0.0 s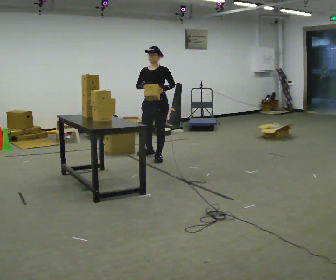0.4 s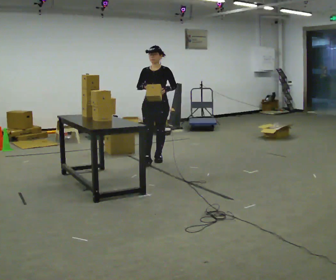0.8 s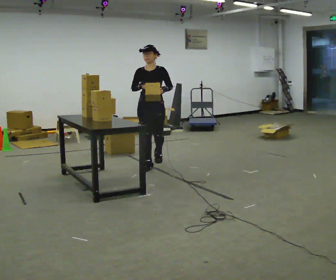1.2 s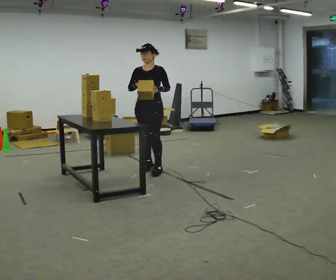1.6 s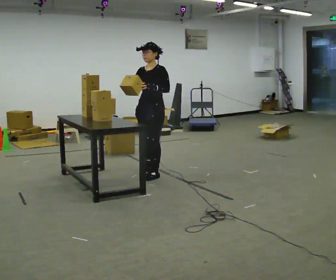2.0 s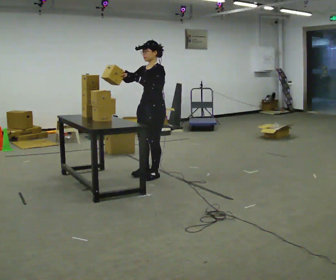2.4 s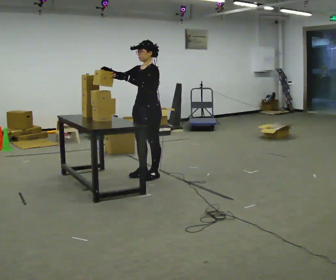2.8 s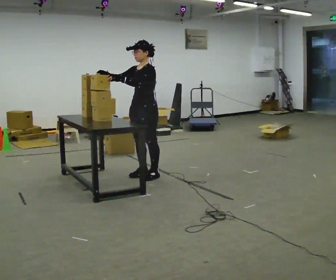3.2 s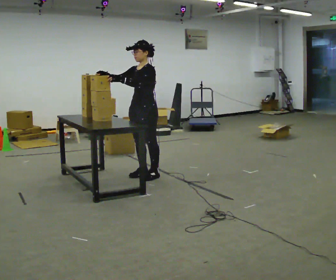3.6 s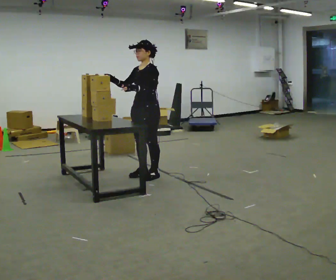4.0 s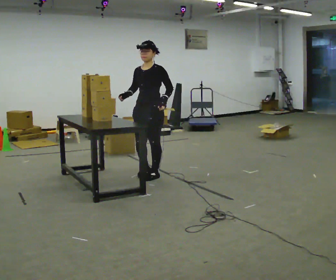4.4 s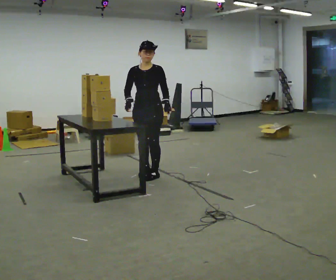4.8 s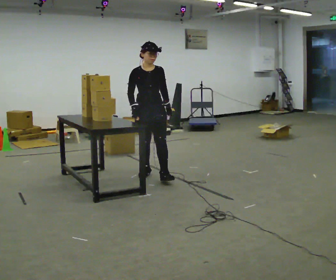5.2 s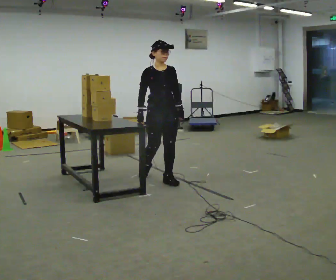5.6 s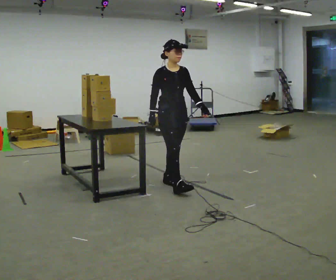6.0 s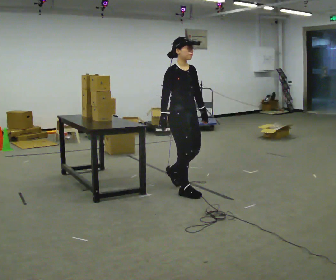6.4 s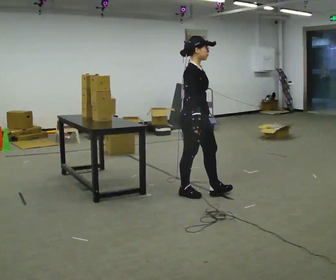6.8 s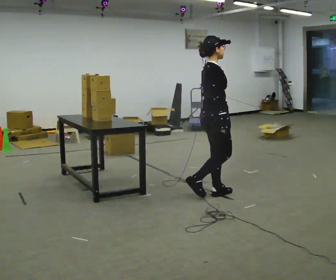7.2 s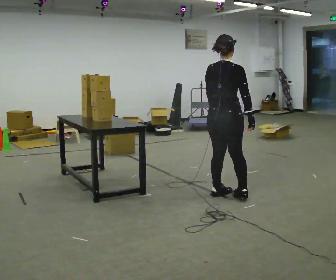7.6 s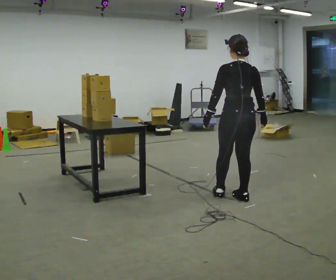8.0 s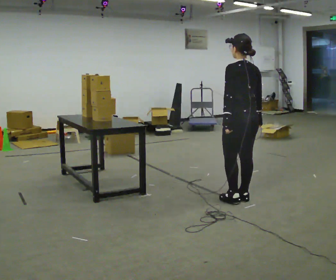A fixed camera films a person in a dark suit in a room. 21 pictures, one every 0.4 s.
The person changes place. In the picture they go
toward the camera.
The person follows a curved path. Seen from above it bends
counterclockwise.
0.0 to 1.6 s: In the picture they go toward the camera, about 1 m in 2 steps, which for them is forward.
1.6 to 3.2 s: In the picture their left hand goes to the left.
3.2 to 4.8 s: Seen from above the body turns counterclockwise, about 60 degrees: to their left, with its near side sliding to the right. In the picture their left hand goes to the right and downward.
4.8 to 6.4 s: The part of the body nearest the lens slides to the right as the person turns to their left by about 60 degrees. In the picture they go toward the camera and to the right, about 1 m in 2 steps, which for them is forward.
6.4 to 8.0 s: The person turns about 135 degrees to their left, counterclockwise seen from above, so the part of the body nearest the lens slides to the right. In the picture they go to the right and toward the camera, about 0.5 m in 3 steps.
The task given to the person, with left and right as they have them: Take objects out of the bin one at a time and lay them out on the table, stepping between the bin and the table each time. Keep going until the operator says stop; one object at a time, and do not rush between trips.
The film runs forward here.
